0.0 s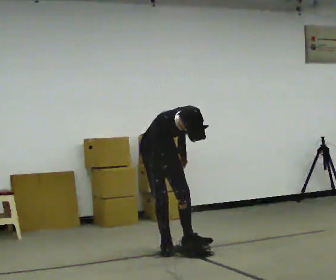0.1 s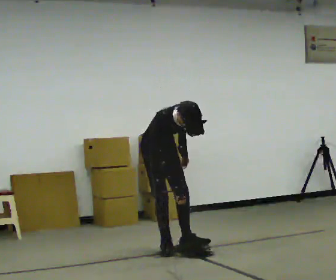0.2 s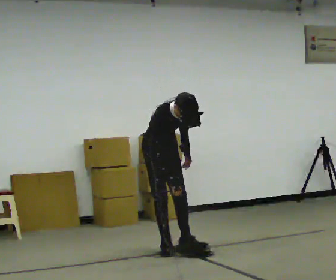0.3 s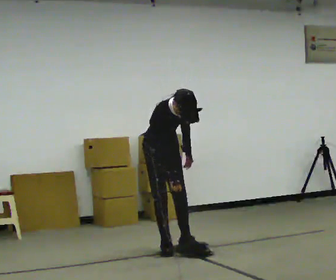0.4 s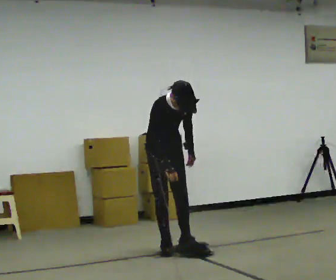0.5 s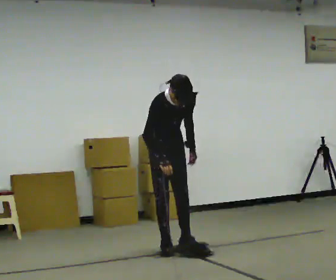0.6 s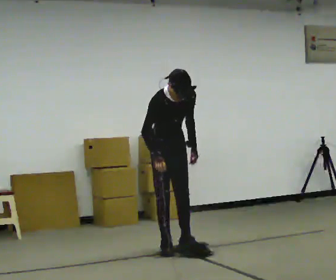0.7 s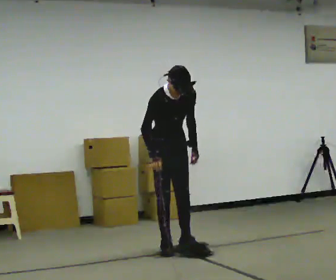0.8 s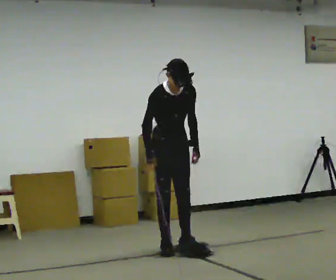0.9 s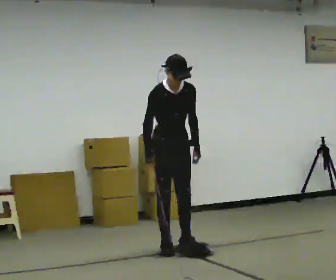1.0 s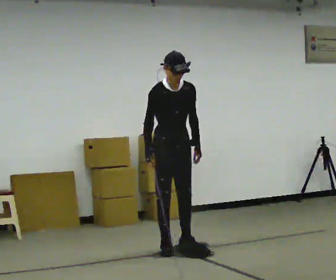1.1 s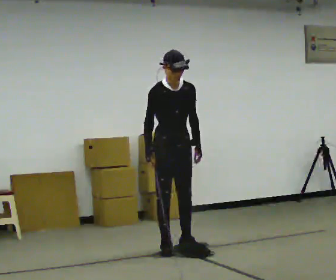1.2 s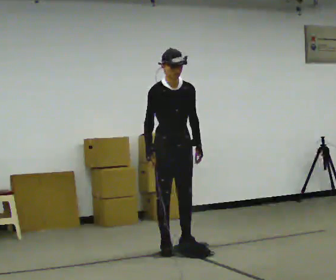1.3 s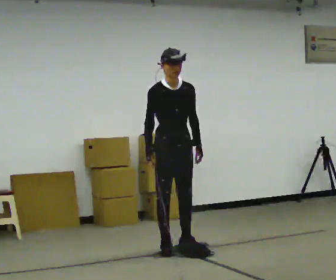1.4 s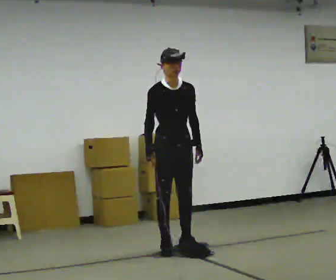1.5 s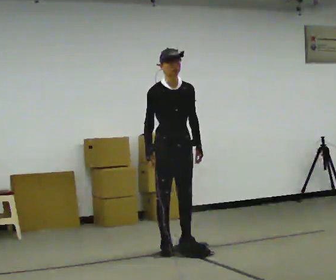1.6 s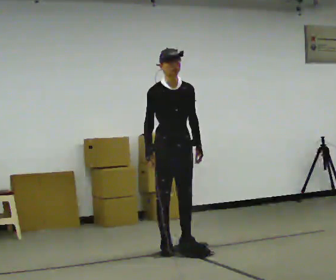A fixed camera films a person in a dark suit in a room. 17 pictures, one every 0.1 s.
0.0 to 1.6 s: The upper body goes upward. The upper body tips away from the camera, its near side rolling upward, as they lean back or straighten.
The film runs backward here.
